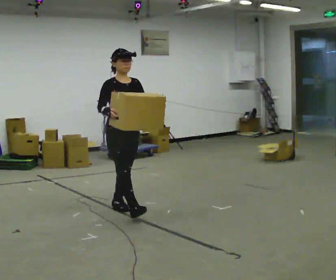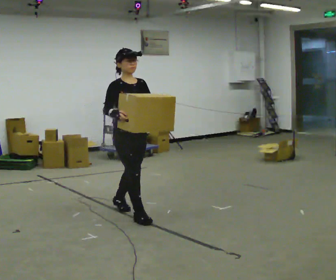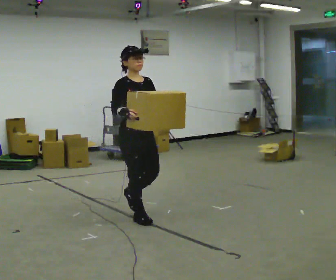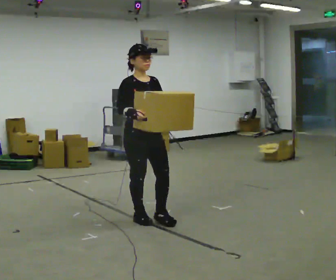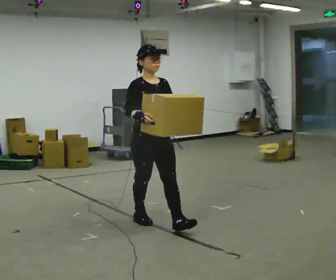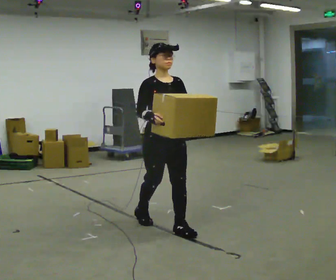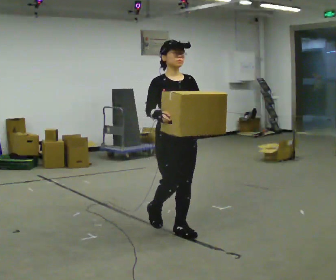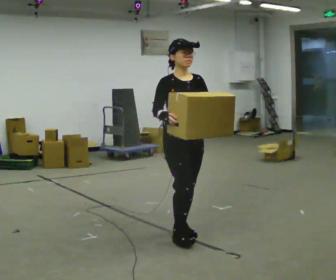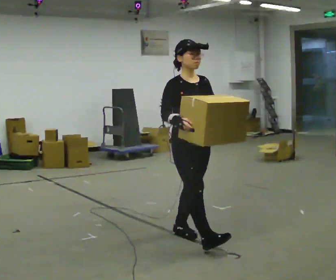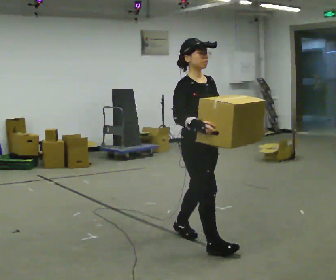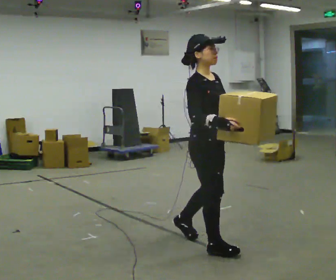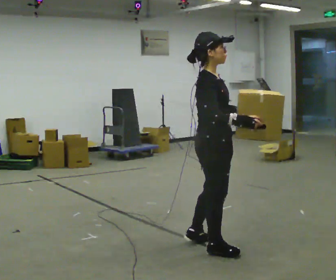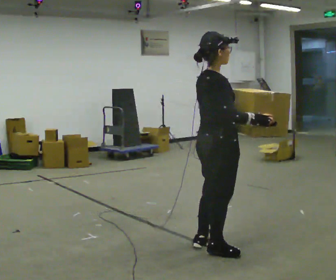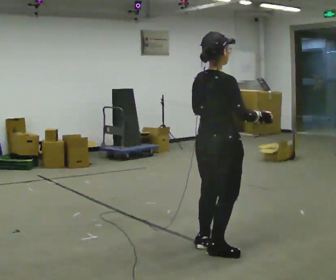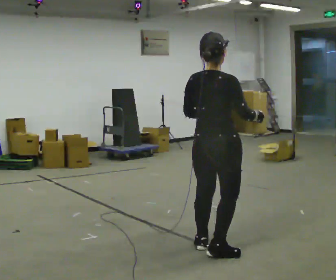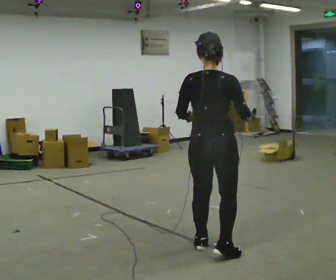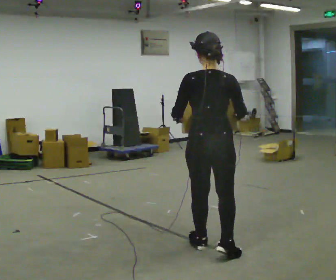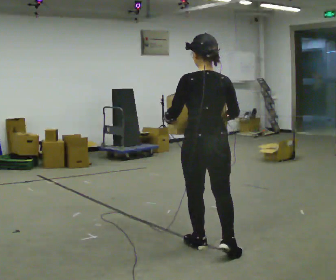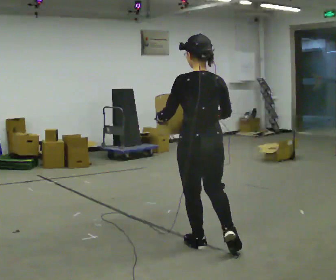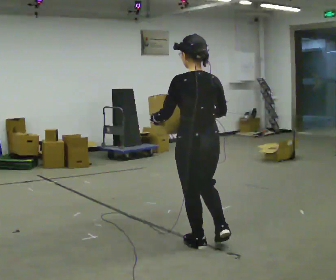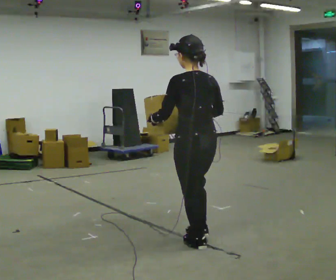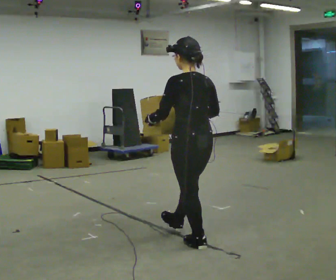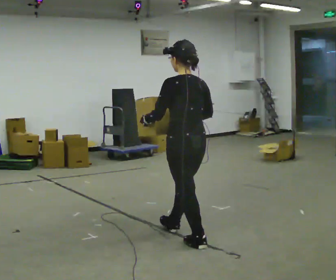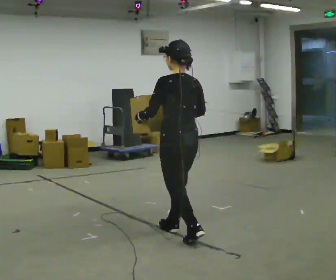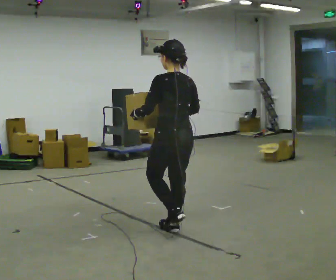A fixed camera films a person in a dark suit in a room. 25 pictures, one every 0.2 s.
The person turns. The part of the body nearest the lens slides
to the right.
The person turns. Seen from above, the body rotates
counterclockwise.
0.0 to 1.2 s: In the picture they go toward the camera and to the right, about 1 m in 1 step, which for them is forward.
1.2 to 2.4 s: The person turns about 90 degrees to their left, counterclockwise seen from above, so the part of the body nearest the lens slides to the right. In the picture they go toward the camera and to the right, about 0.5 m in 2 steps.
2.4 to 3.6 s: The person turns about 90 degrees to their left, counterclockwise seen from above, so the part of the body nearest the lens slides to the right. In the picture their left hand goes to the left.
3.6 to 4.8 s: In the picture they go away from the camera and to the left, about 0.5 m in 1 step, which for them is forward.
The film runs forward here.
